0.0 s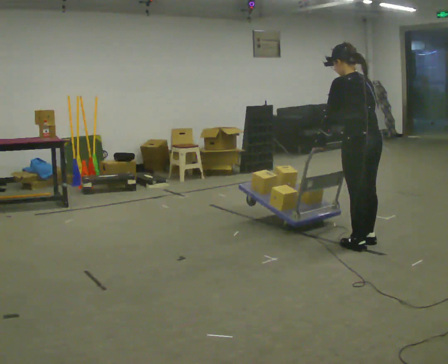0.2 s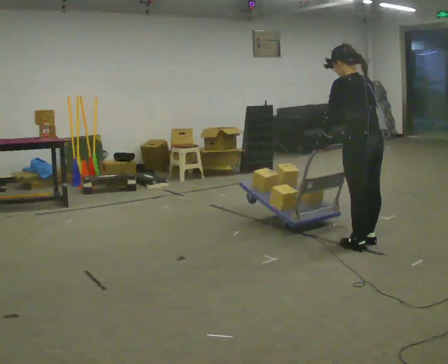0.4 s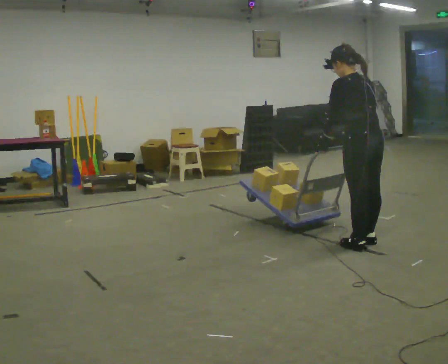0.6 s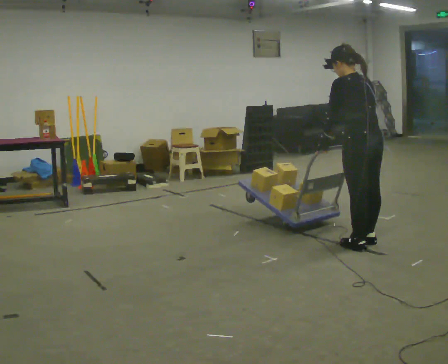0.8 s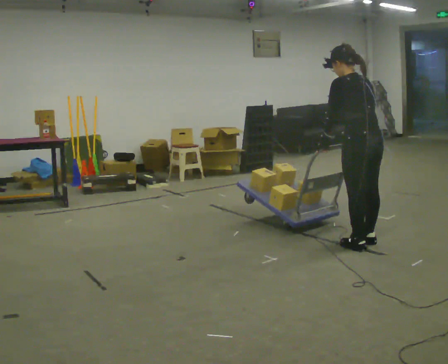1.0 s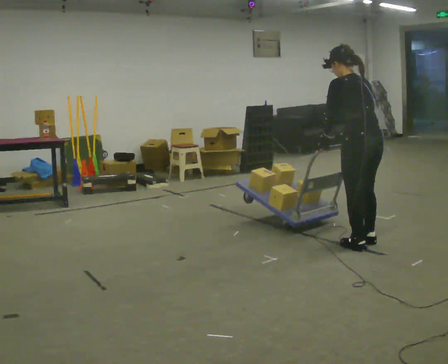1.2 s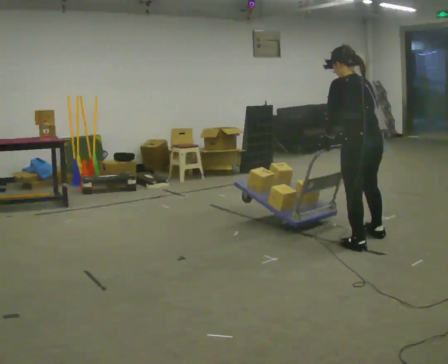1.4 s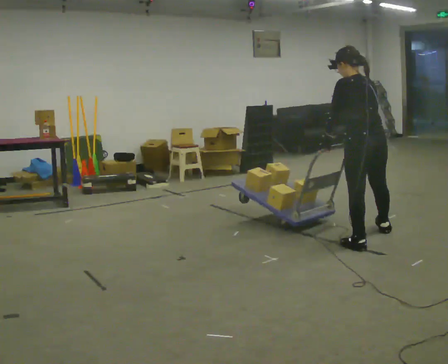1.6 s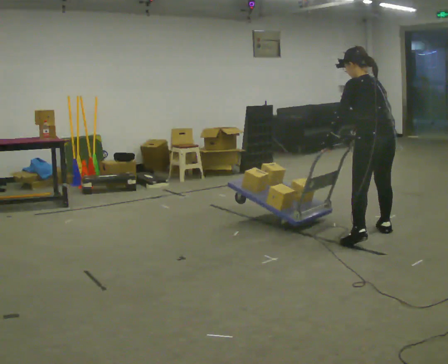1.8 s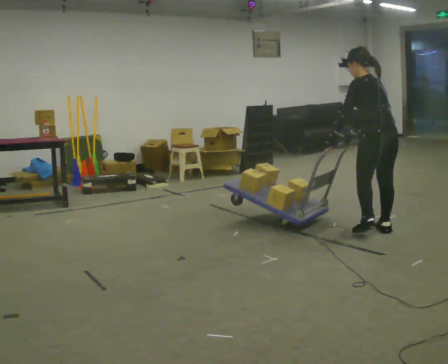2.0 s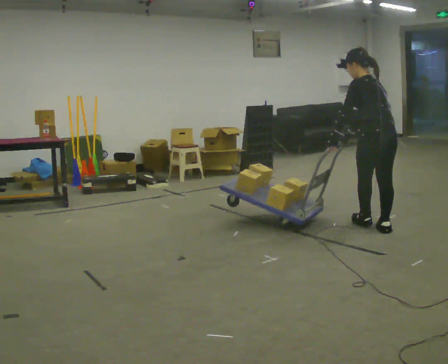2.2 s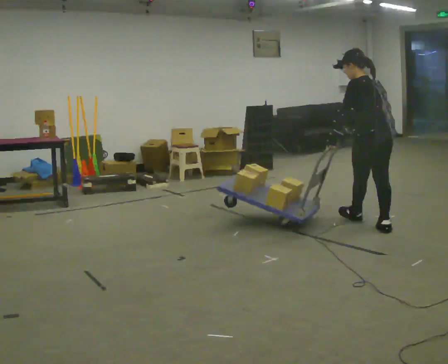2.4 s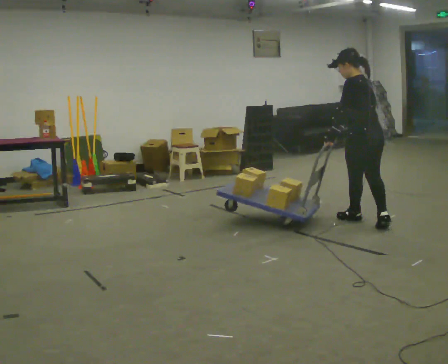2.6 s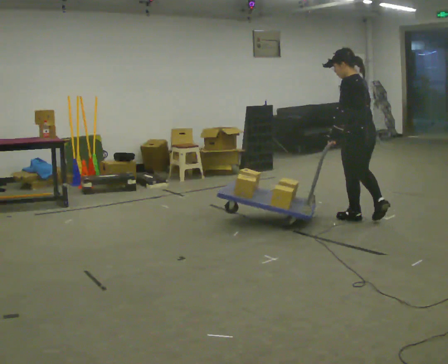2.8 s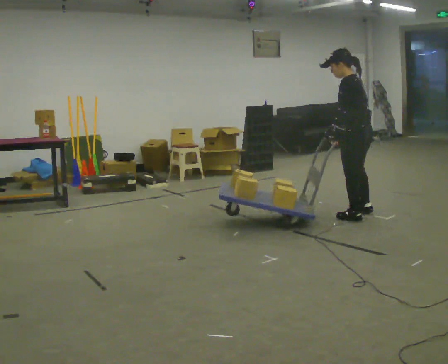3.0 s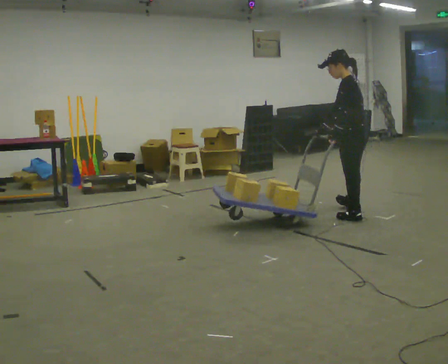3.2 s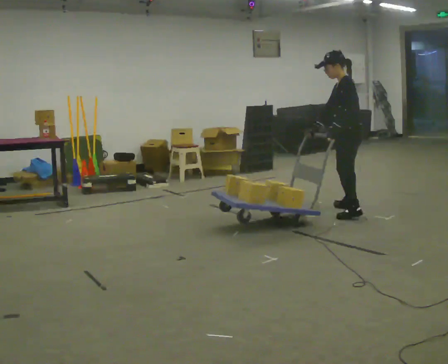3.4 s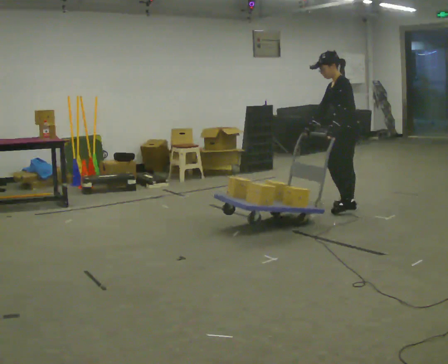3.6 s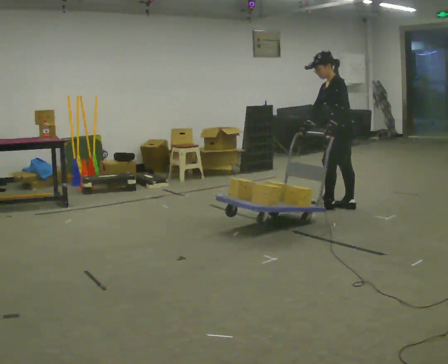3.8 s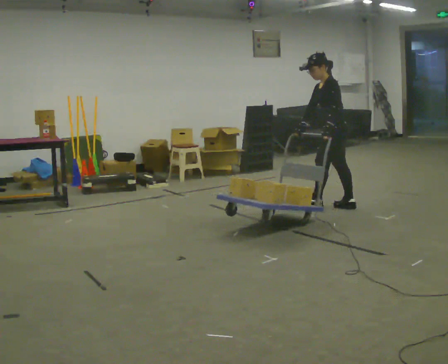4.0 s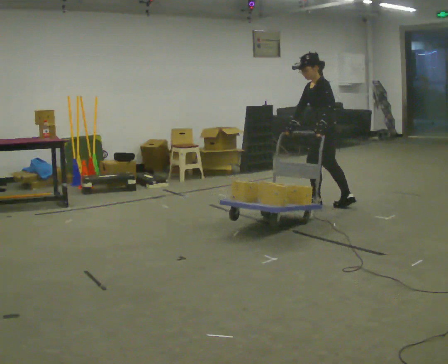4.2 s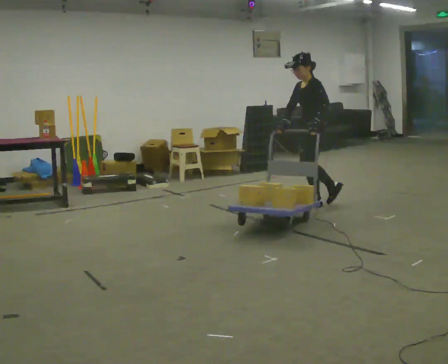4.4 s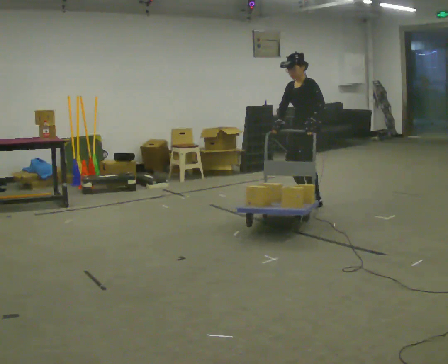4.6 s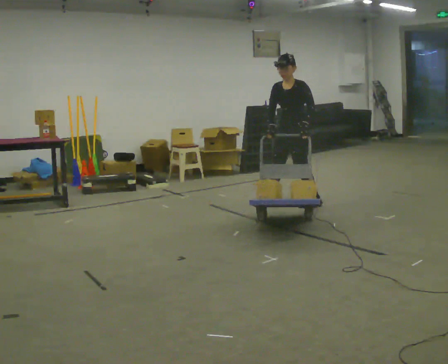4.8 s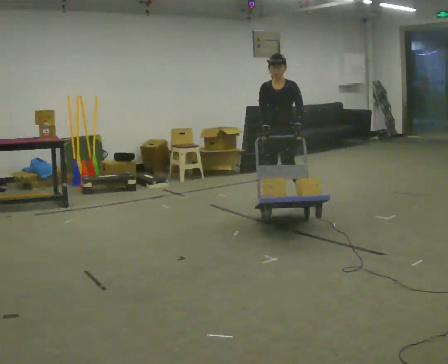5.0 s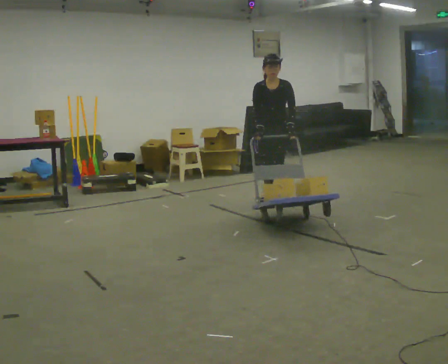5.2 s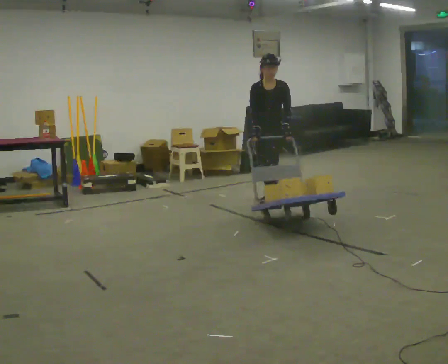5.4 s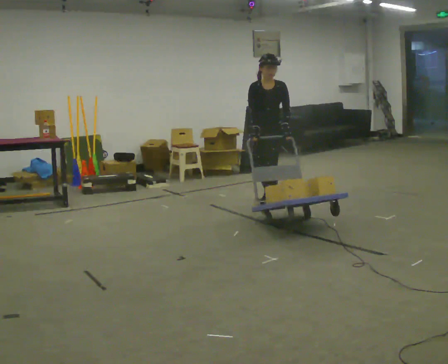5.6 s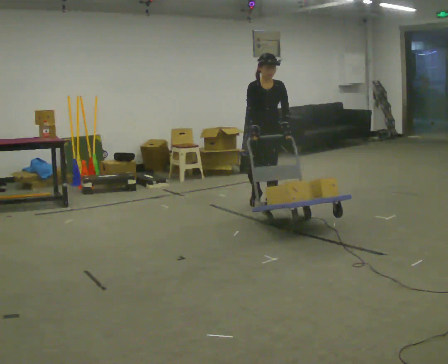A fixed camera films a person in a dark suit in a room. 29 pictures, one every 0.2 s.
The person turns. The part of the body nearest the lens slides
to the right.
The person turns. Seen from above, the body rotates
counterclockwise.
0.0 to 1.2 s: The person moves a little, or ends about where they began.
1.2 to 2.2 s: In the picture they go away from the camera, about 0.5 m in 2 steps, which for them is to their right and forward.
2.2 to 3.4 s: The person turns about 45 degrees to their left, counterclockwise seen from above, so the part of the body nearest the lens slides to the right. In the picture they go away from the camera, about 0.75 m in 1 step, which for them is forward and to their right.
3.4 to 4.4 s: The part of the body nearest the lens slides to the right as the person turns to their left by about 45 degrees. In the picture they go to the left and away from the camera, about 0.5 m in 1 step, which for them is forward.
4.4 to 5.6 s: Seen from above the body turns counterclockwise, about 60 degrees: to their left, with its near side sliding to the right. In the picture they go to the left, about 0.5 m in 2 steps, which for them is to their right.
The film runs forward here.
